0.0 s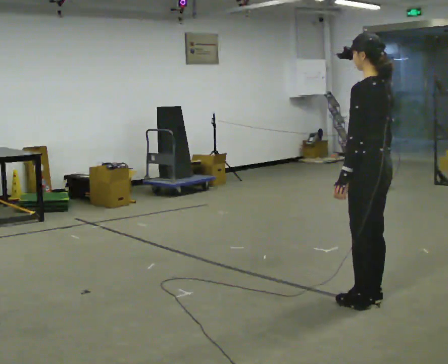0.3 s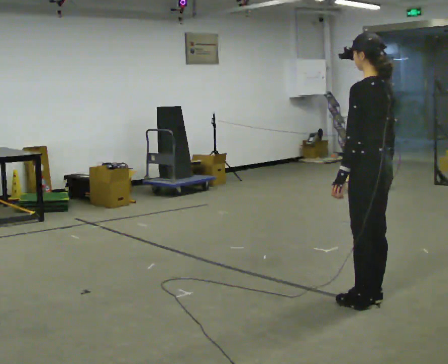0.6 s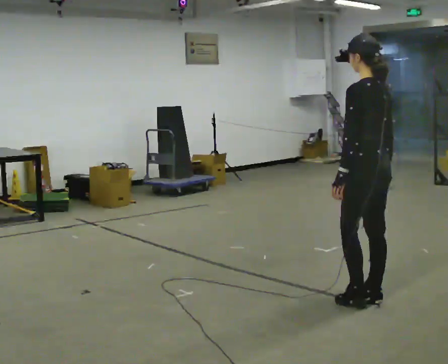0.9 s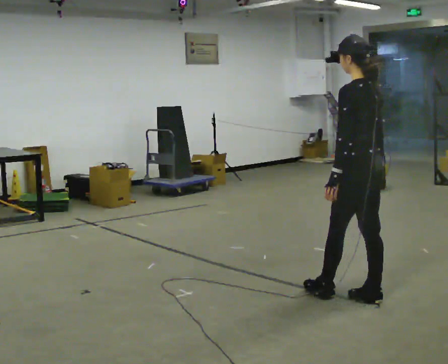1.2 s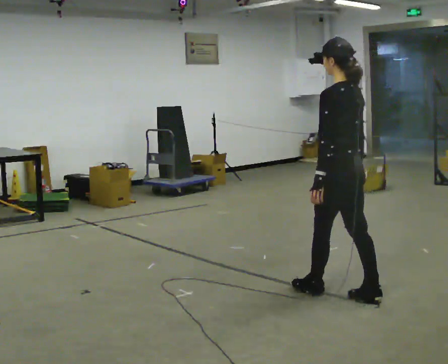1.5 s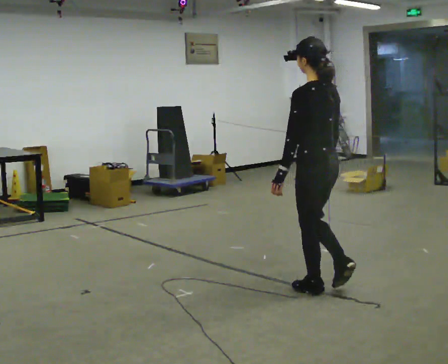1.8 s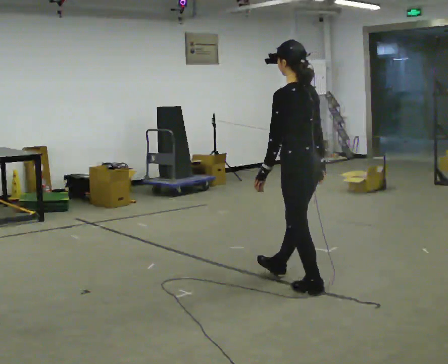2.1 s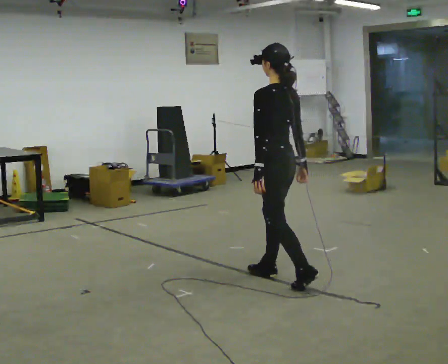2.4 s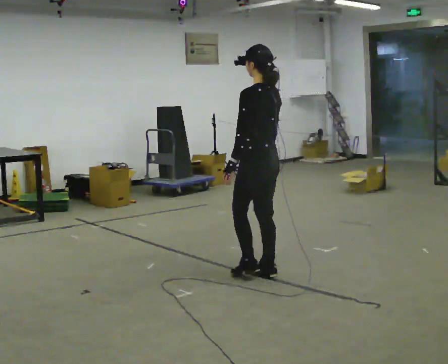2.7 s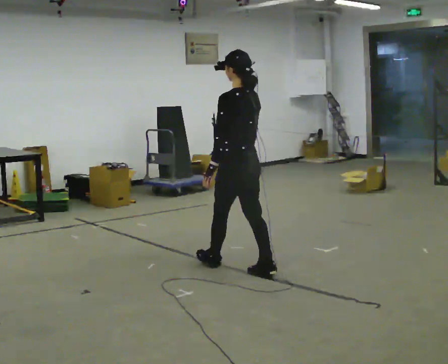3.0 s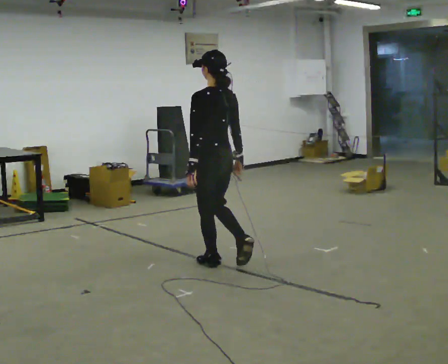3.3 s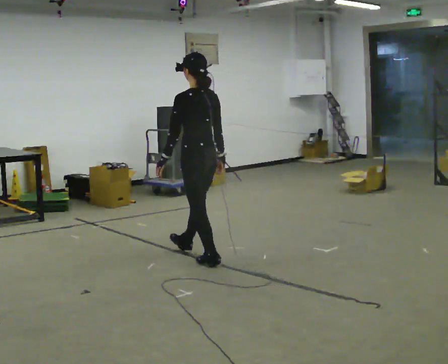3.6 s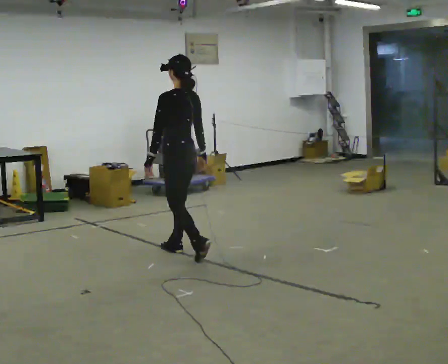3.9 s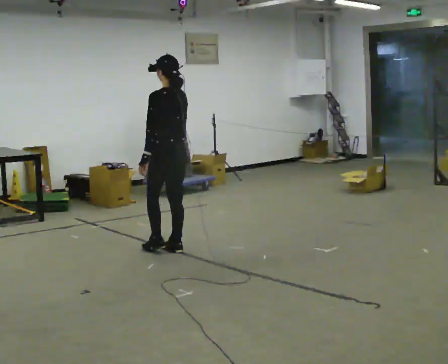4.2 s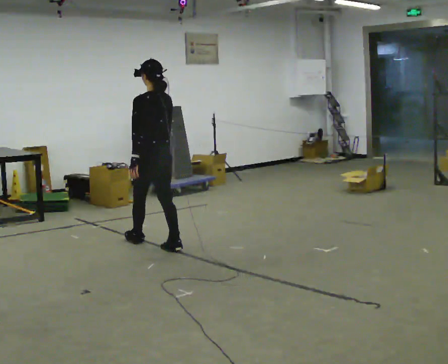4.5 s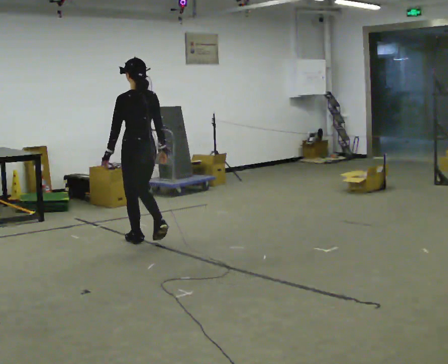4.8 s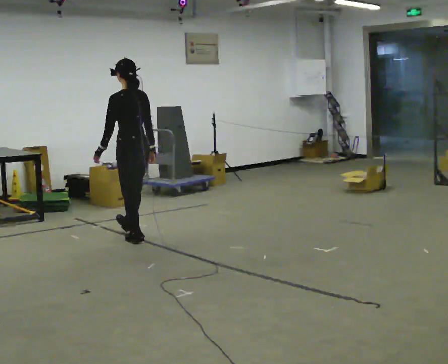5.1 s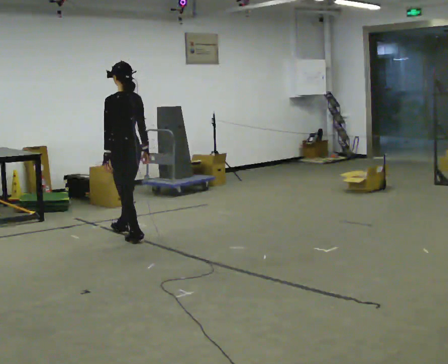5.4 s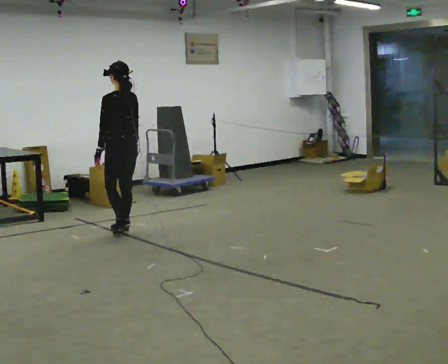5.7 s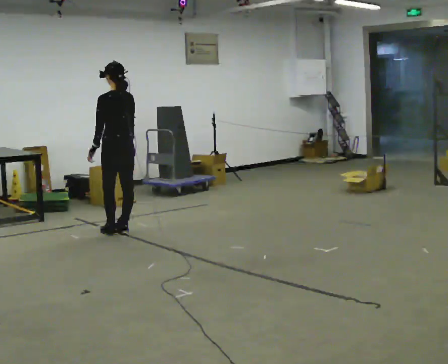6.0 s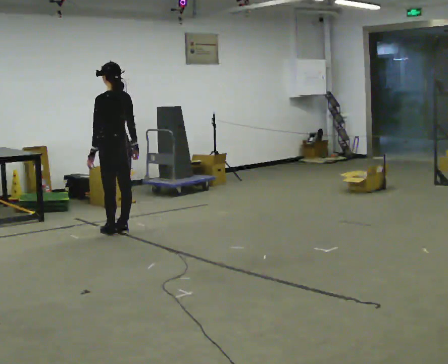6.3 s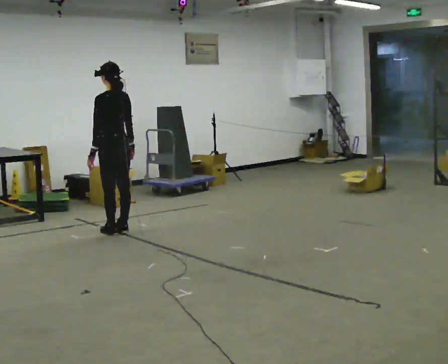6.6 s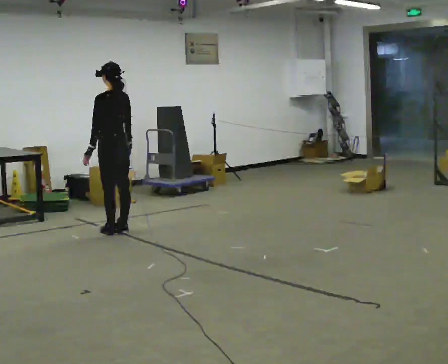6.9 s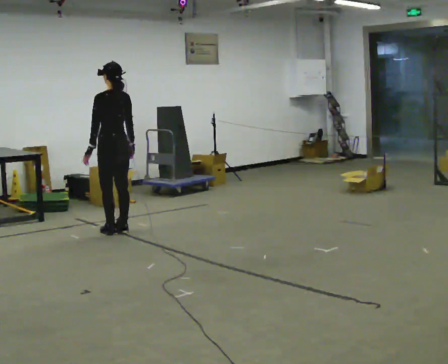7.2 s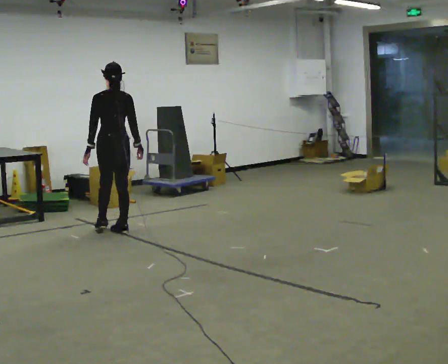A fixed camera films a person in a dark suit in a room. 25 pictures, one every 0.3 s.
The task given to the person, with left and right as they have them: Walk forward with your feet closer together than normal, or further apart than normal, as the operator states; stop.
0.0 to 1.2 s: In the picture they go to the left and away from the camera, about 0.25 m in 1 step, which for them is forward.
1.2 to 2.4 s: In the picture they go away from the camera and to the left, about 0.75 m in 1 step, which for them is forward.
2.4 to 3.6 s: In the picture they go away from the camera and to the left, about 1 m in 2 steps, which for them is forward.
3.6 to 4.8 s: In the picture they go away from the camera and to the left, about 0.75 m in 1 step, which for them is forward.
4.8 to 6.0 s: In the picture they go away from the camera and to the left, about 0.5 m in 2 steps, which for them is forward.
6.0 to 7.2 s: The part of the body nearest the lens slides to the left as the person turns to their right by about 30 degrees.
The film runs forward here.
